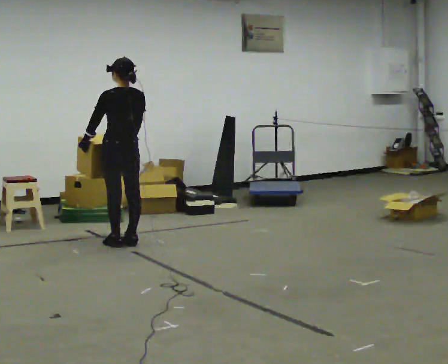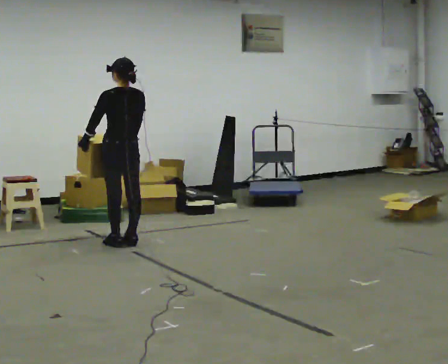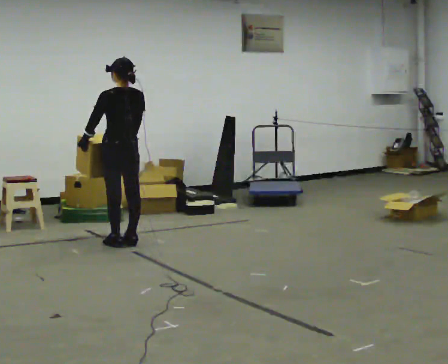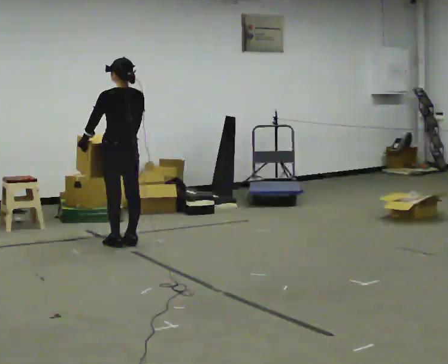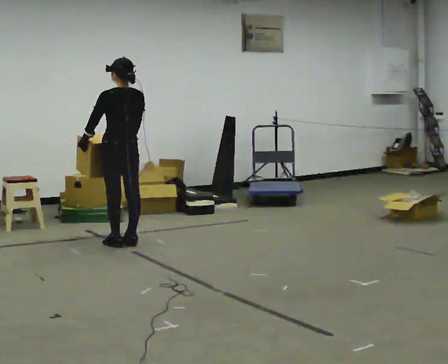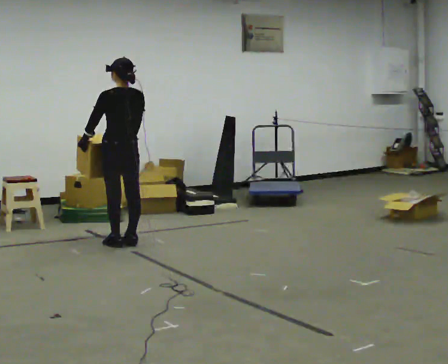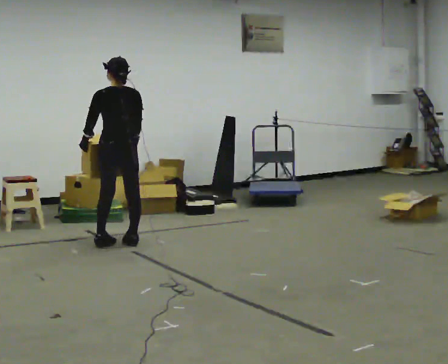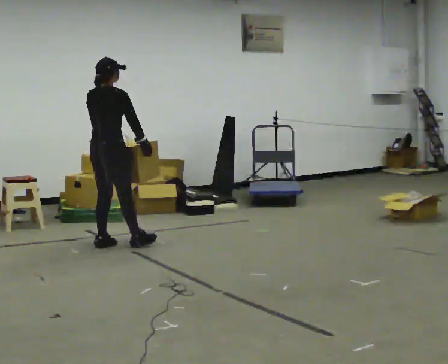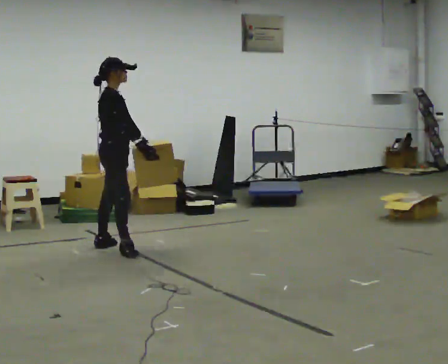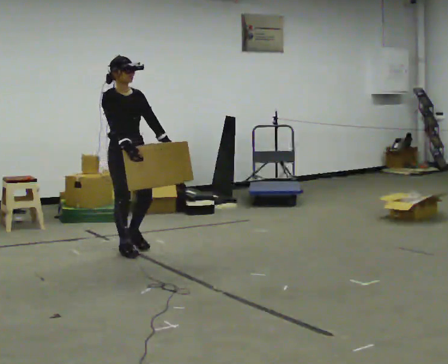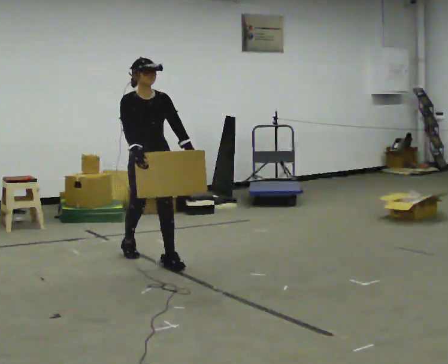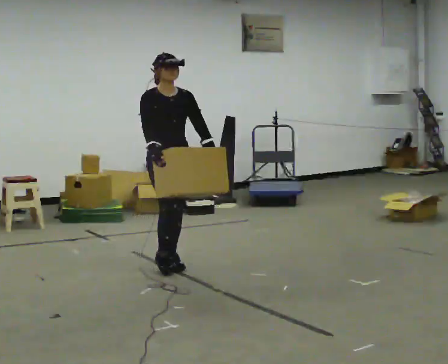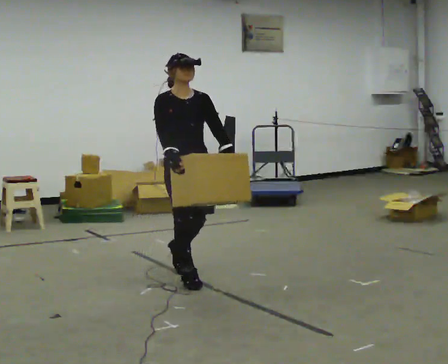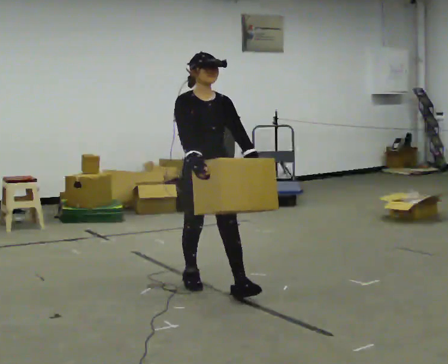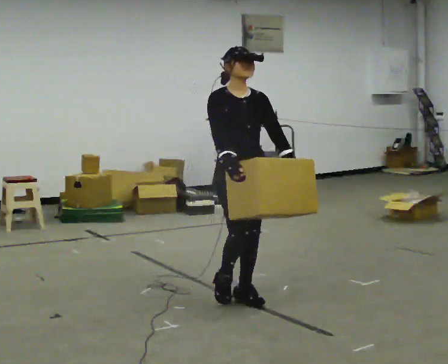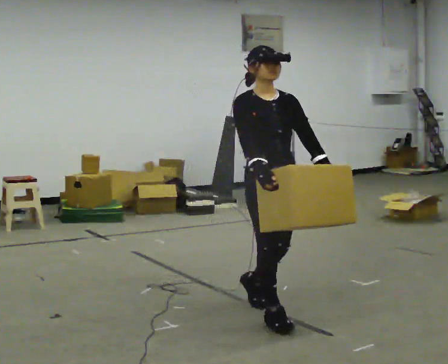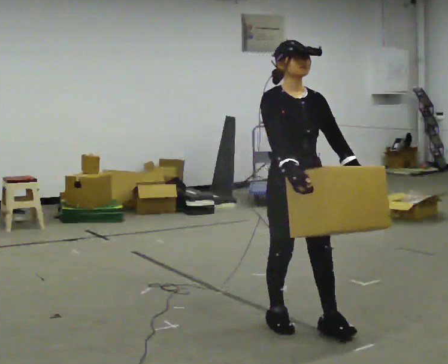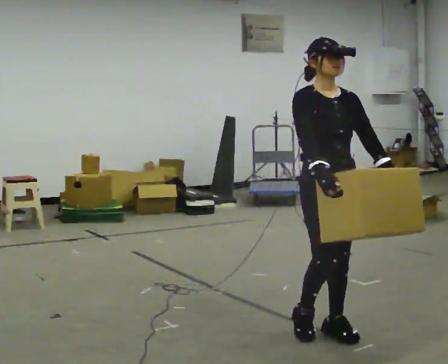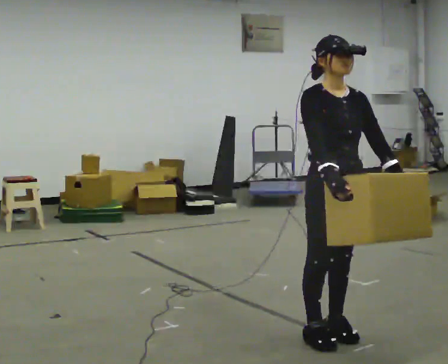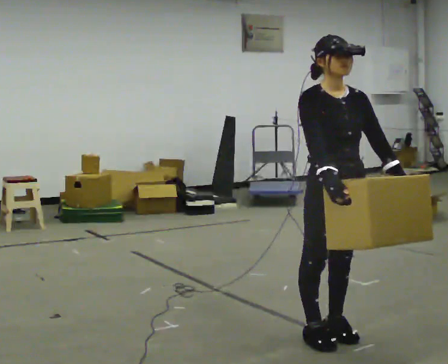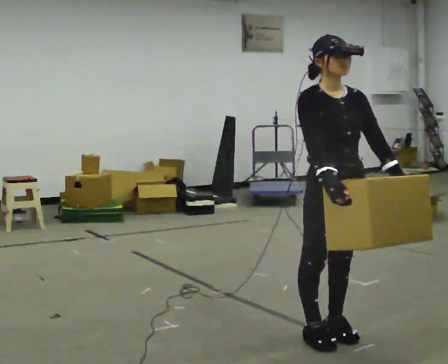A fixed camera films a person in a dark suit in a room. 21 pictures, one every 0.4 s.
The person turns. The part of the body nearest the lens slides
to the left.
Their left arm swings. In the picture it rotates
counterclockwise.
0.0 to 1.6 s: The person keeps their place and pose.
1.6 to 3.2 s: The person turns about 120 degrees to their right, clockwise seen from above, so the part of the body nearest the lens slides to the left. In the picture they go toward the camera, about 0.25 m in 2 steps.
3.2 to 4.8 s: The person turns about 60 degrees to their right, clockwise seen from above, so the part of the body nearest the lens slides to the left. In the picture they go toward the camera and to the right, about 1 m in 2 steps.
4.8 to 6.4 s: In the picture they go toward the camera and to the right, about 1 m in 2 steps, which for them is forward.
6.4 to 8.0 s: In the picture they go toward the camera and to the right, about 0.25 m in 2 steps, which for them is forward.
The film runs forward here.
